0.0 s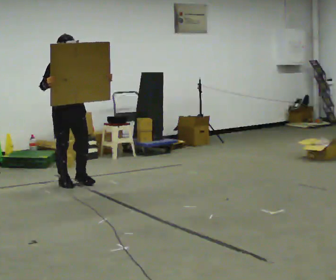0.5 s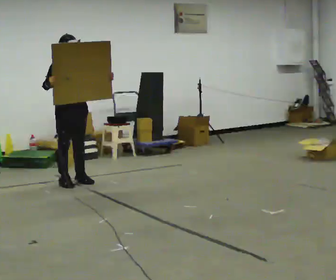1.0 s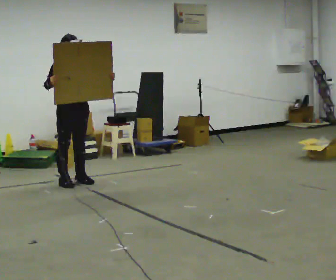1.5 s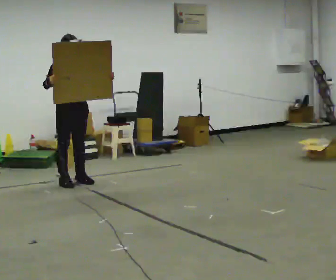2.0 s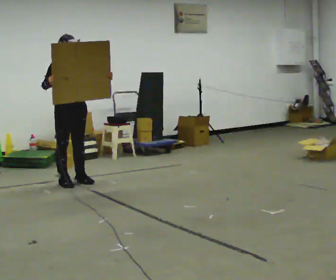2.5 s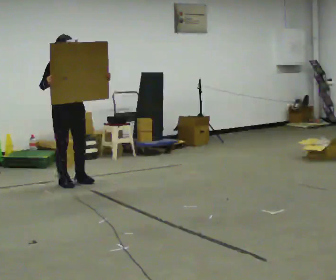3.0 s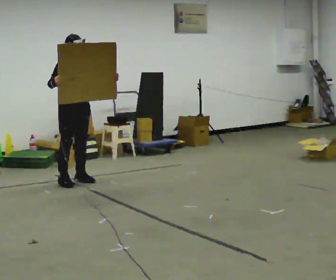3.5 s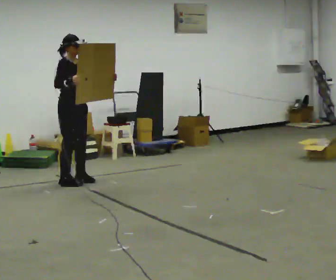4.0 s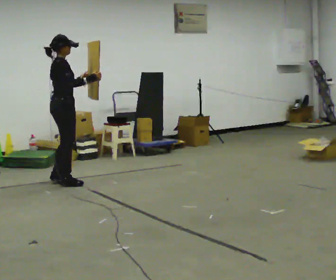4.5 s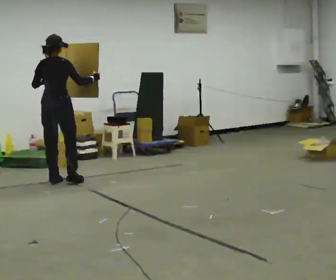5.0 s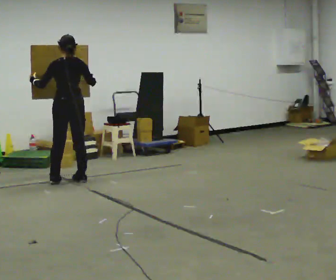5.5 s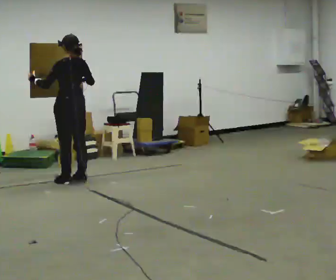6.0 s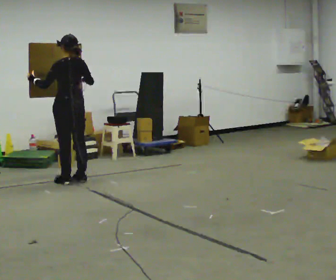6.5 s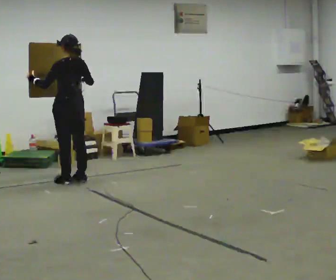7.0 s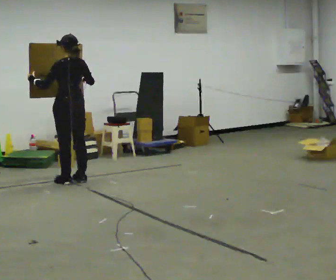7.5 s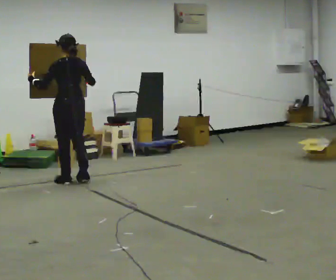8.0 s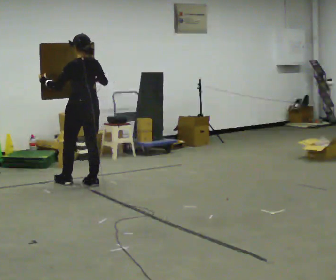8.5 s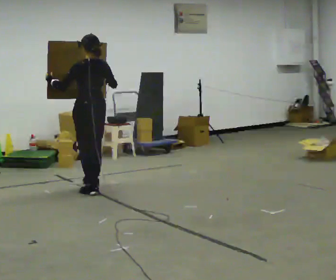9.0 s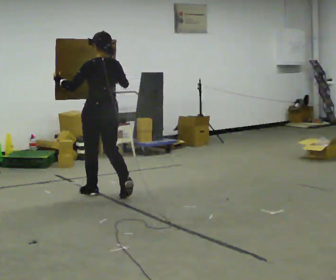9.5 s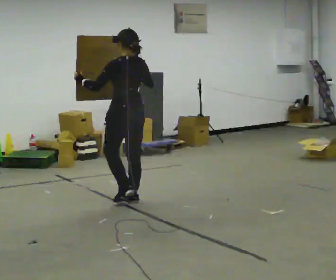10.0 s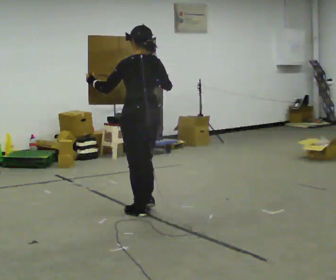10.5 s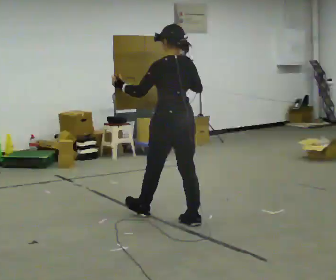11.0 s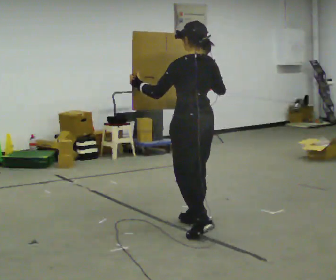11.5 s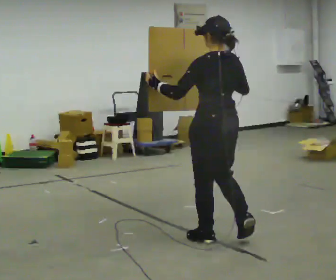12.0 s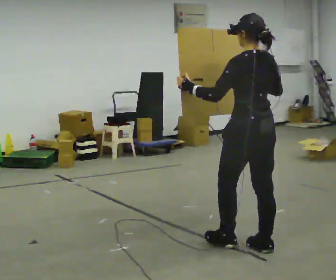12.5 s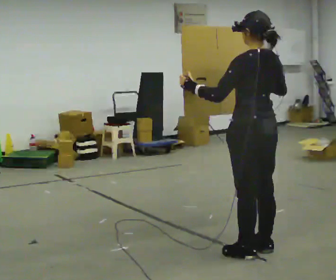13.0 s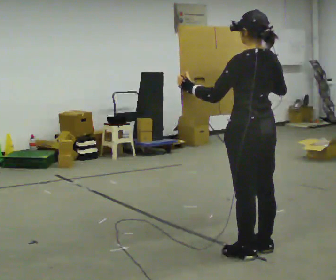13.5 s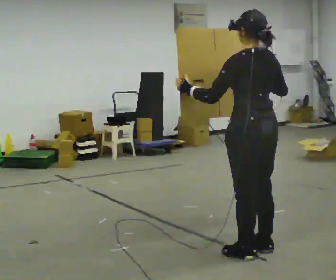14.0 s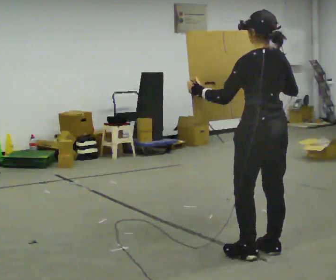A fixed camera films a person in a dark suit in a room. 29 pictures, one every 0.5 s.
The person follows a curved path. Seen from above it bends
clockwise.
The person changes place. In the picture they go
toward the camera.
0.0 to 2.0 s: The person moves a little, or ends about where they began.
2.0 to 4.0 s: Seen from above the body turns counterclockwise, about 75 degrees: to their left, with its near side sliding to the right. In the picture their right hand goes to the right.
4.0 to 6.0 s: The person turns about 105 degrees to their left, counterclockwise seen from above, so the part of the body nearest the lens slides to the right.
6.0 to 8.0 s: In the picture they go toward the camera, about 0.25 m in 2 steps, which for them is backward.
8.0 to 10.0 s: In the picture they go toward the camera, about 1.5 m in 3 steps, which for them is backward.
10.0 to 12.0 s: In the picture they go toward the camera and to the right, about 1.5 m in 3 steps, which for them is backward.
12.0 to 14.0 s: In the picture they go toward the camera, about 0.25 m, which for them is backward.
The film runs backward here.
